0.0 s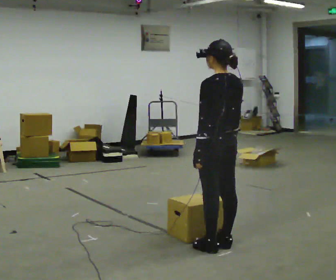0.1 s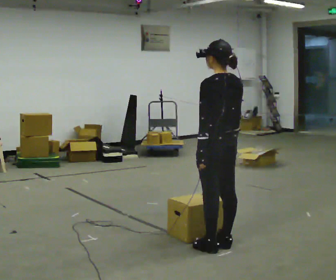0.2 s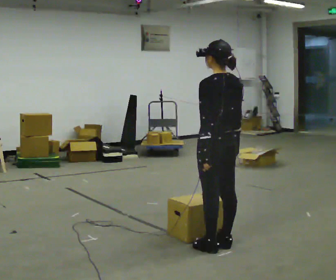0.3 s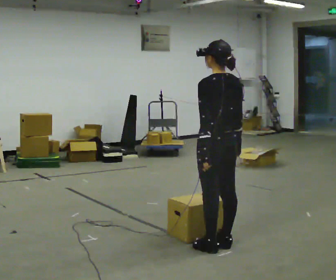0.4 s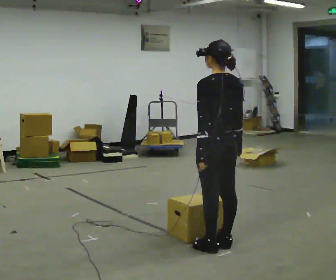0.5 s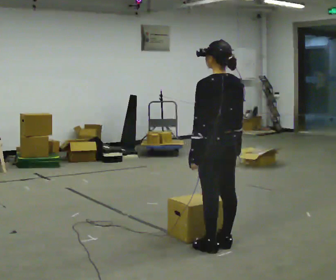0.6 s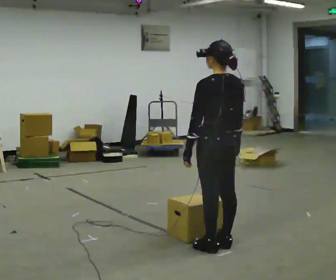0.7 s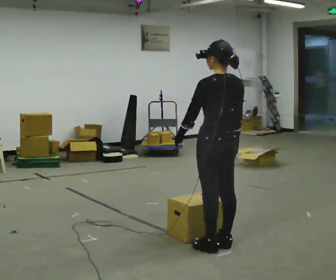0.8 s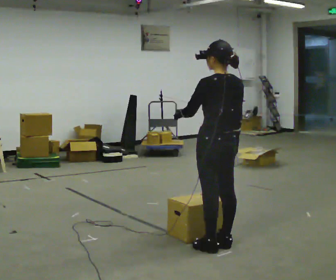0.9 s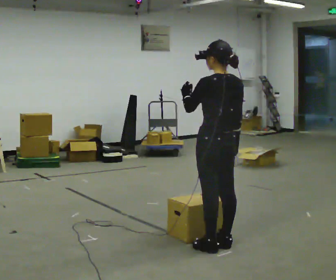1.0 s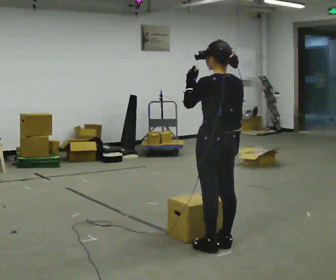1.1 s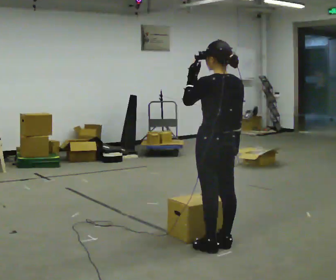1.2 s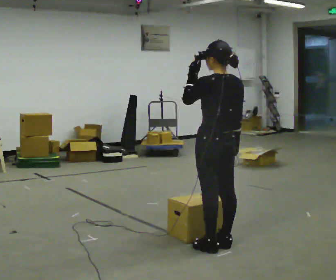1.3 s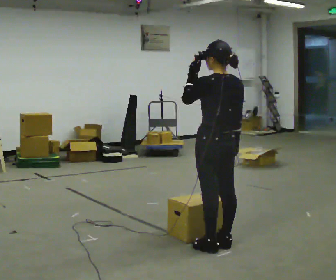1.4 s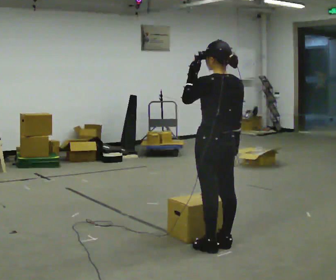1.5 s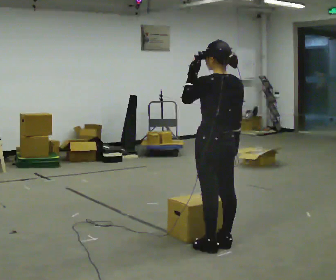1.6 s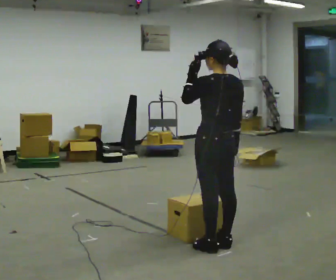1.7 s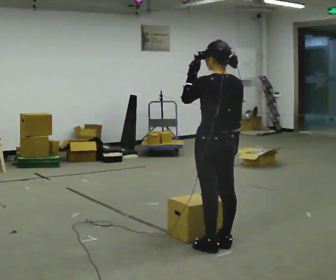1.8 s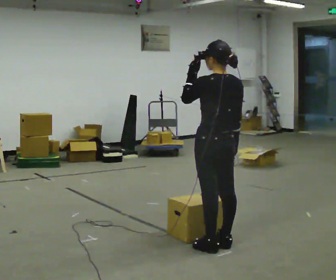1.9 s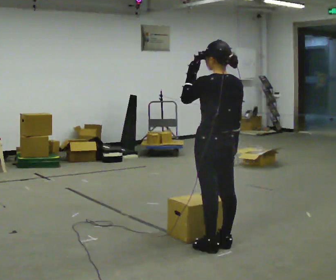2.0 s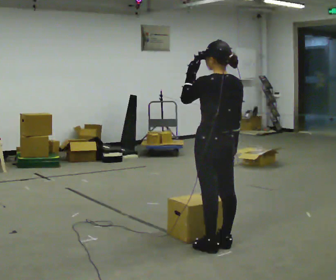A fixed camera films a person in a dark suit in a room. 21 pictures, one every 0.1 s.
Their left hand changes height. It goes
upward.
0.0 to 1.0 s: In the picture their left hand goes upward.
1.0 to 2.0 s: The person moves a little, or ends about where they began.
The film runs backward here.
